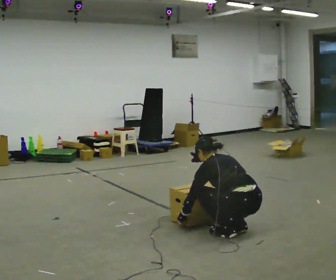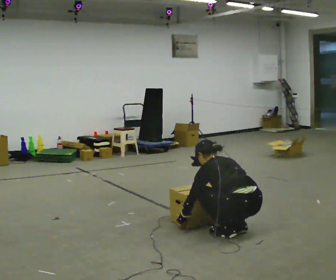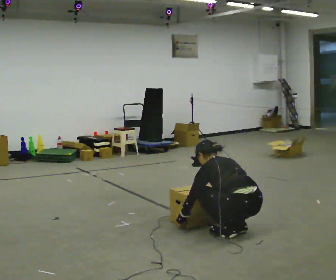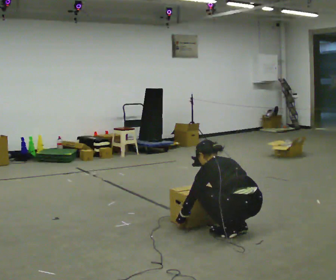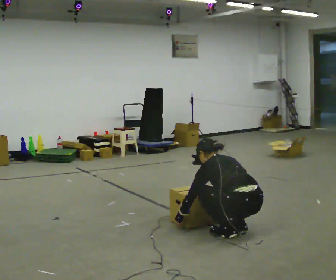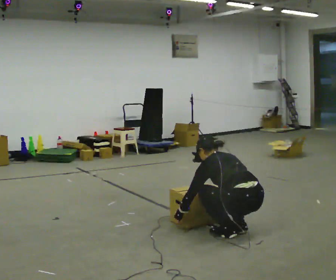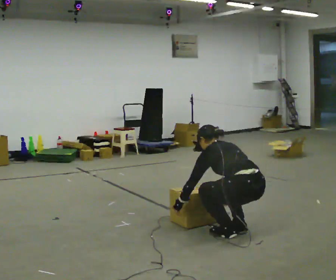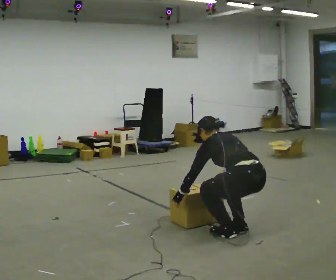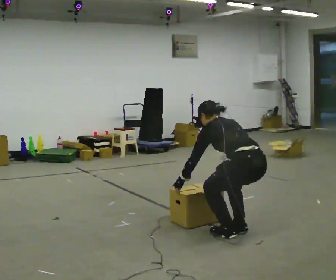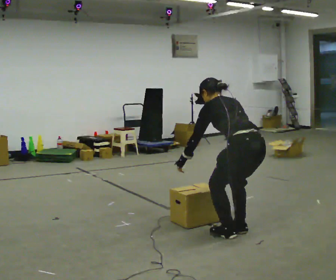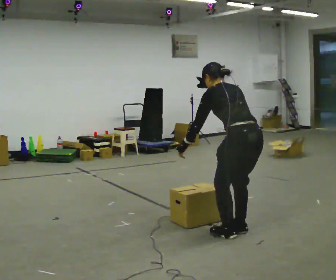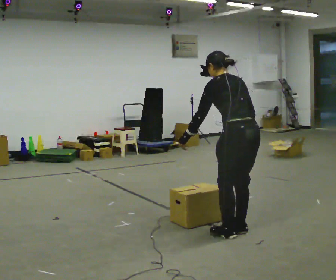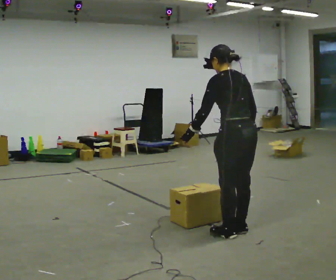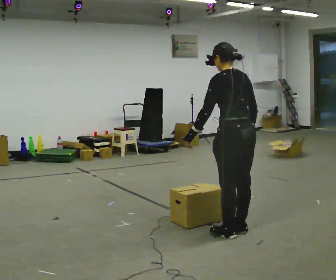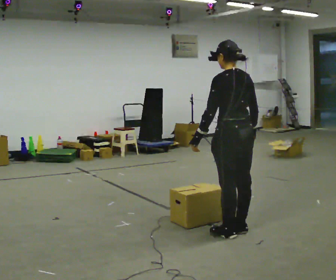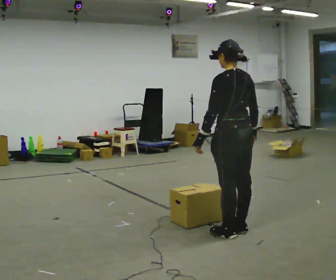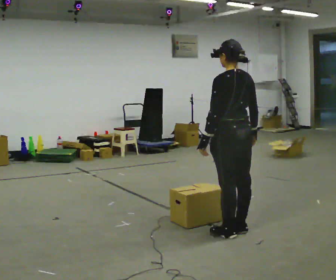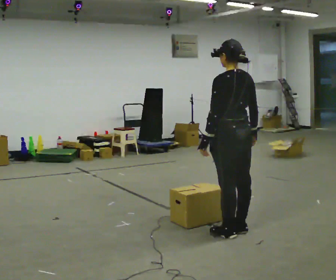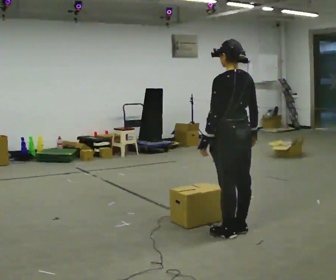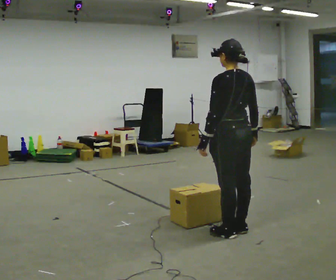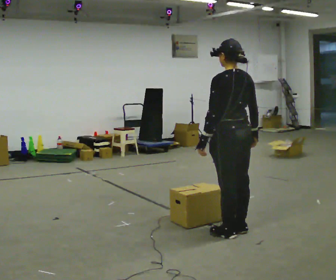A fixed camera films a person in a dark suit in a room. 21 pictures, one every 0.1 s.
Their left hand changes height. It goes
upward.
The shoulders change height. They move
upward.
0.0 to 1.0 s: The upper body goes upward. In the picture the upper body tilts clockwise, shoulders to the right, as they lean back or straighten. In the picture their right hand goes upward.
1.0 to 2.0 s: The upper body tips toward the camera, its near side rolling downward, as they lean back or straighten.
The film runs backward here.
